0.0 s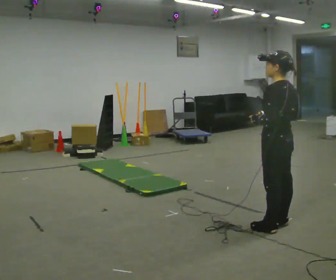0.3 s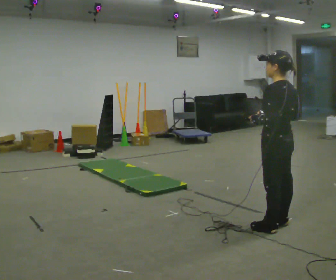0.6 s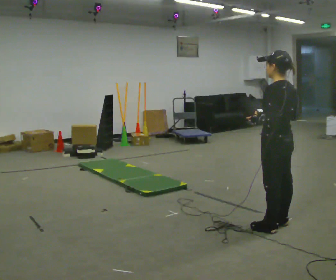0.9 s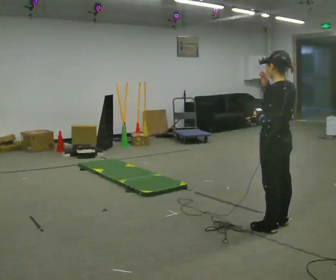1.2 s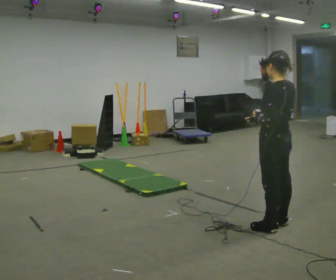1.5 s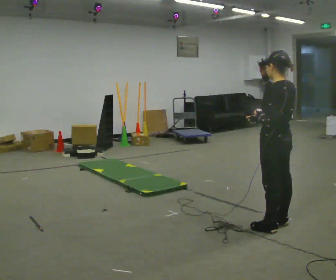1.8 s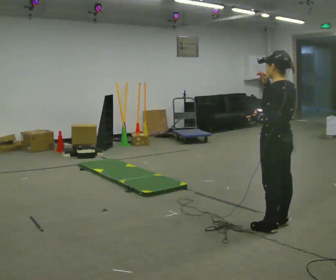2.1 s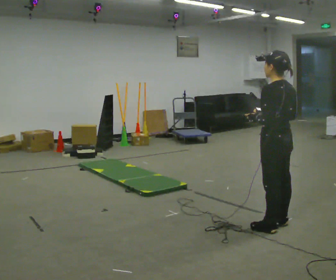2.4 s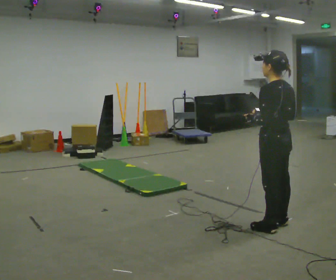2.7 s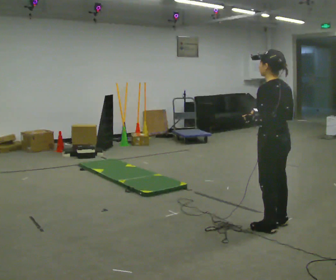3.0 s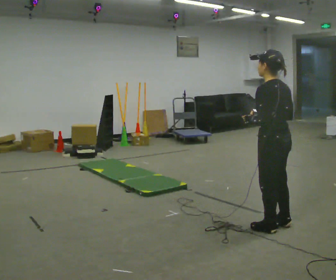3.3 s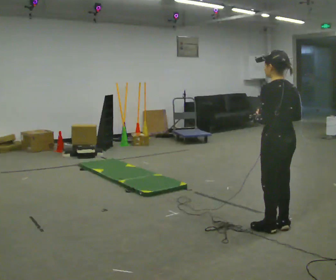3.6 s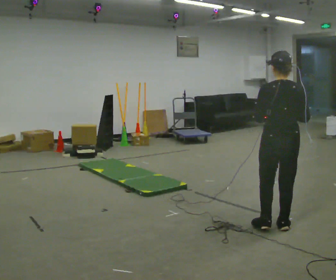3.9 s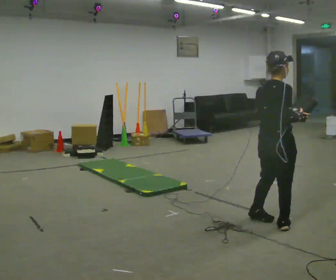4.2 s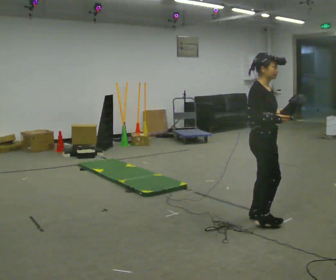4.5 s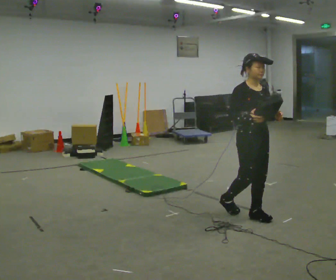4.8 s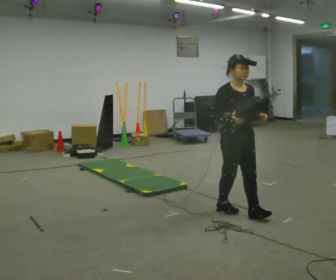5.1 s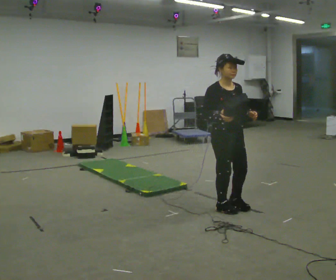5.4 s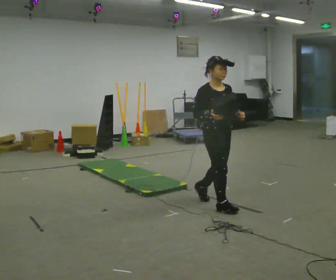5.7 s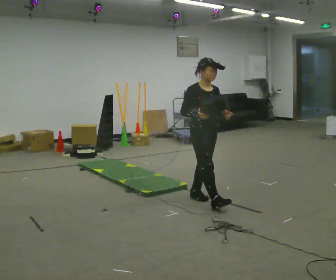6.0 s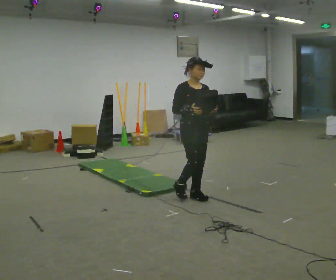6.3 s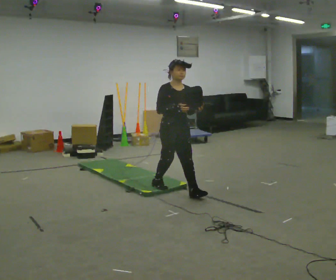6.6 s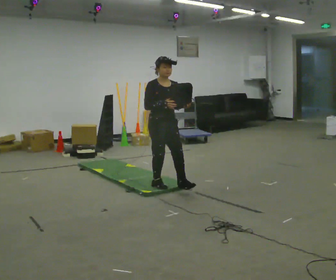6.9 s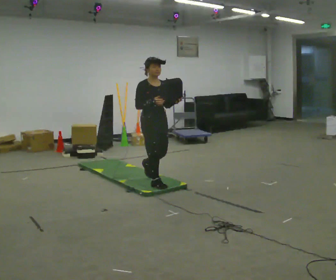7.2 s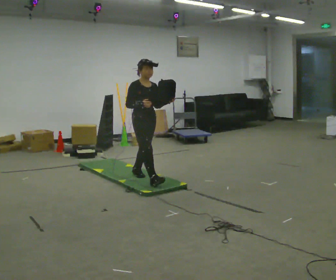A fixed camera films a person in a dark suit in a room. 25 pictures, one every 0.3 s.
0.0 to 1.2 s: In the picture their right hand goes upward.
1.2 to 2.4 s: In the picture their right hand goes downward.
2.4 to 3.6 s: The person turns about 45 degrees to their right, clockwise seen from above, so the part of the body nearest the lens slides to the left.
3.6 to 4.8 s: Seen from above the body turns clockwise, about 150 degrees: to their right, with its near side sliding to the left. In the picture they go to the left and away from the camera, about 0.5 m in 1 step.
4.8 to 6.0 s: In the picture they go to the left and away from the camera, about 0.75 m in 2 steps, which for them is backward.
6.0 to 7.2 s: In the picture they go to the left and away from the camera, about 1 m in 1 step, which for them is backward.
The film runs backward here.
